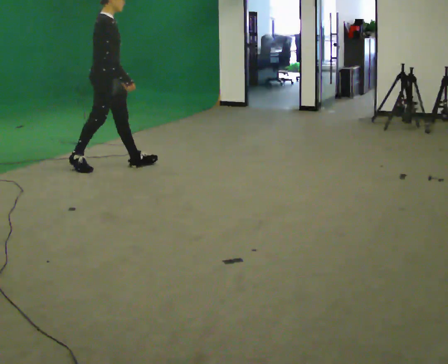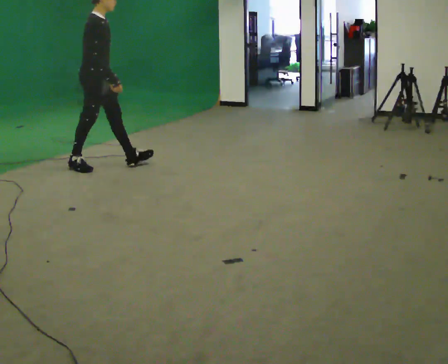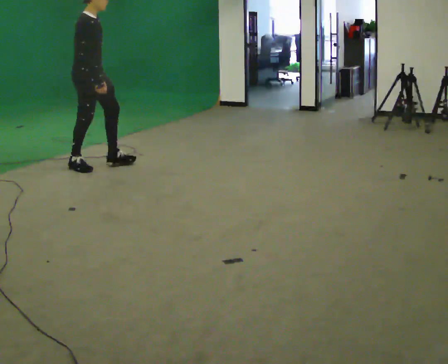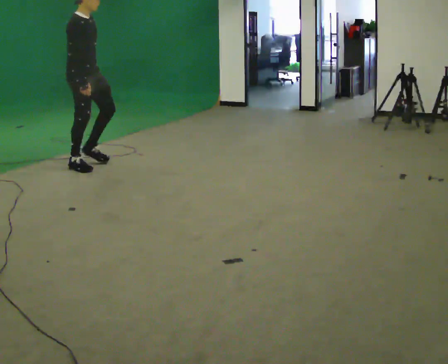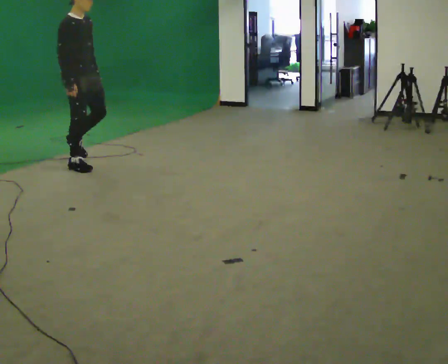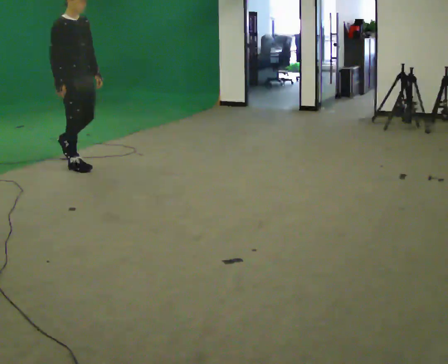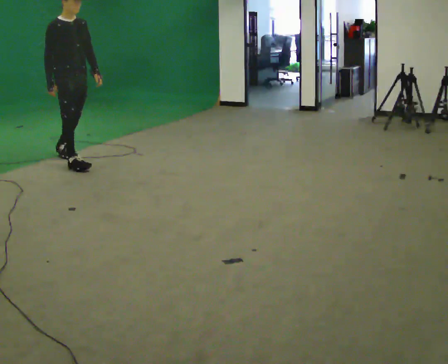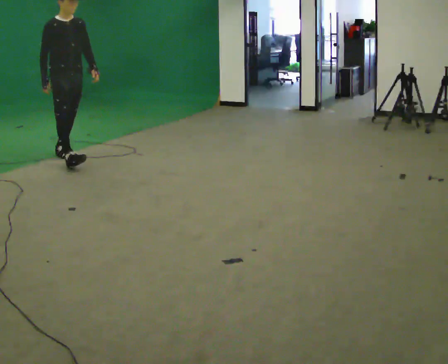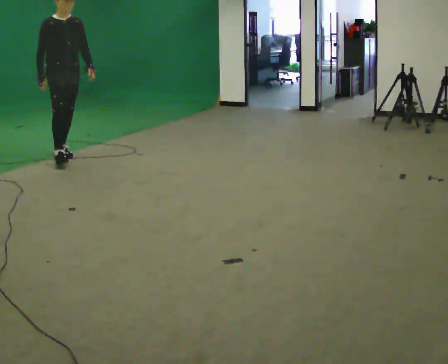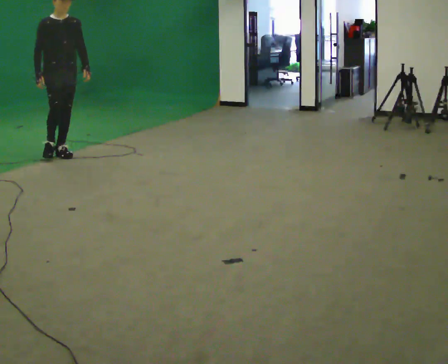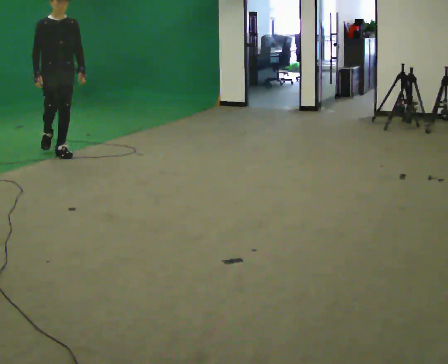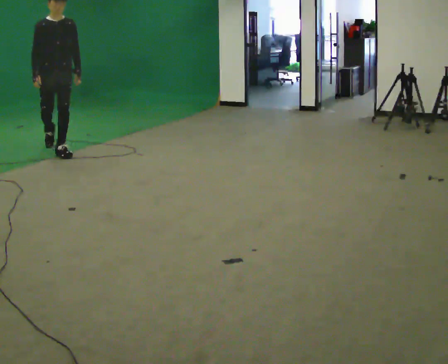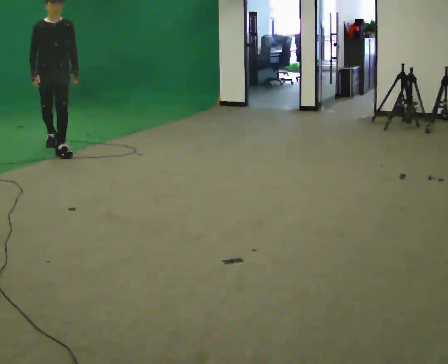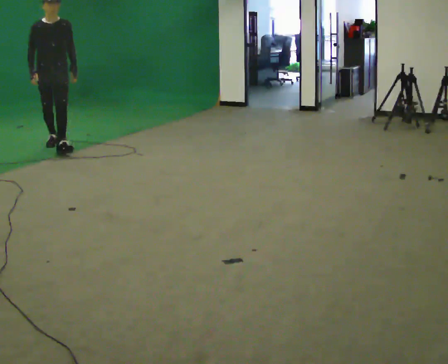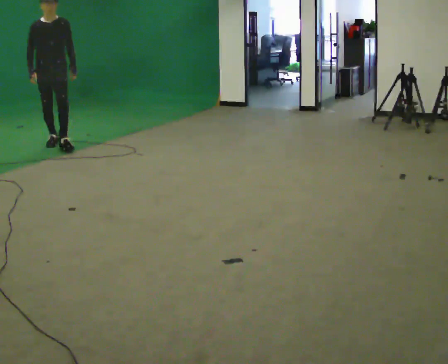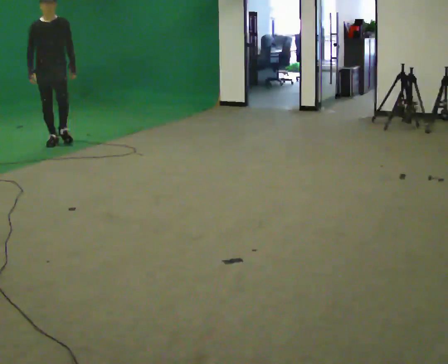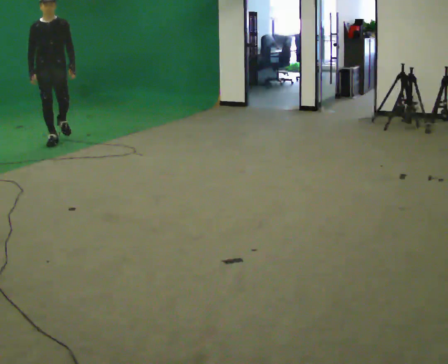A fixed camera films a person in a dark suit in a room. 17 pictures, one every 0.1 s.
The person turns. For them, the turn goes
to their right.
The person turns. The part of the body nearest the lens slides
to the left.
0.0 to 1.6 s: Seen from above the body turns clockwise, about 75 degrees: to their right, with its near side sliding to the left. In the picture they go away from the camera and to the left, about 1.5 m in 3 steps.
The film runs backward here.
